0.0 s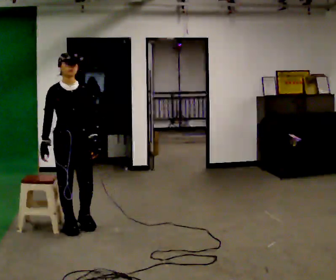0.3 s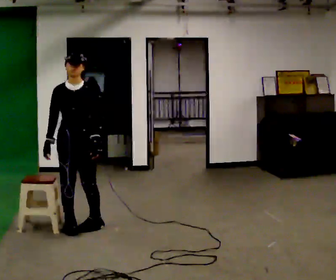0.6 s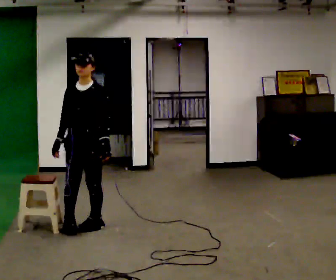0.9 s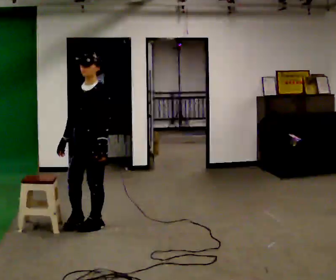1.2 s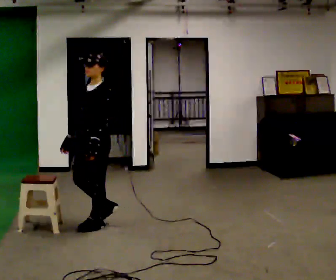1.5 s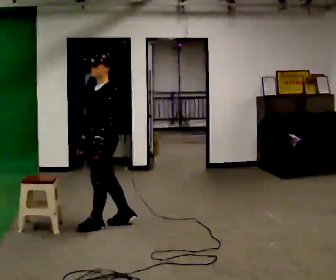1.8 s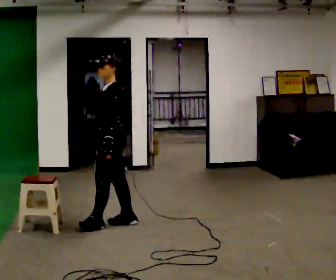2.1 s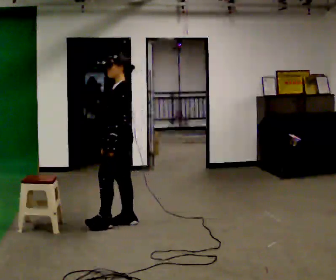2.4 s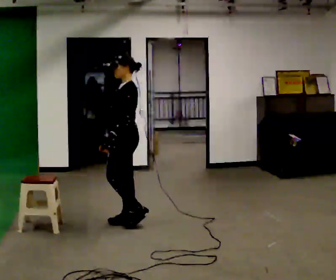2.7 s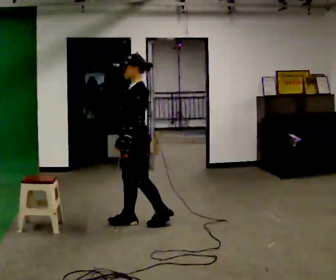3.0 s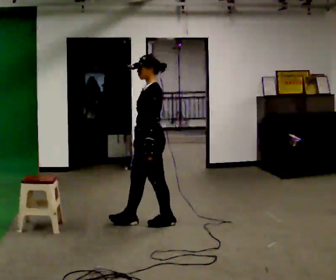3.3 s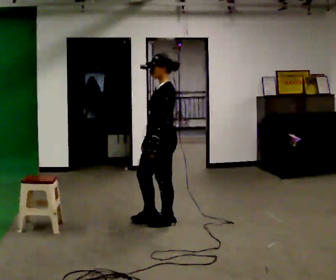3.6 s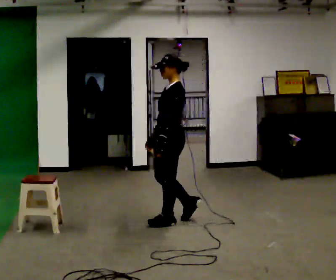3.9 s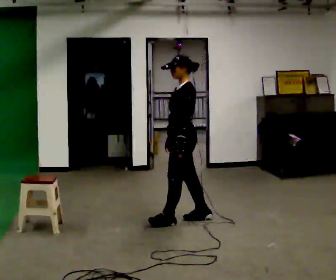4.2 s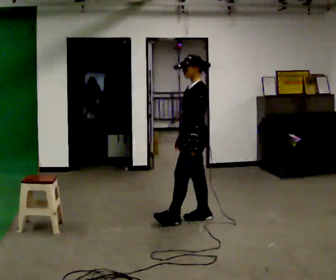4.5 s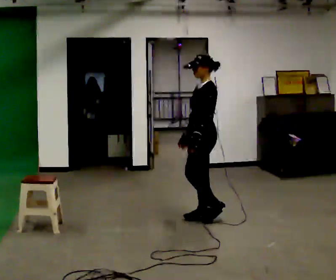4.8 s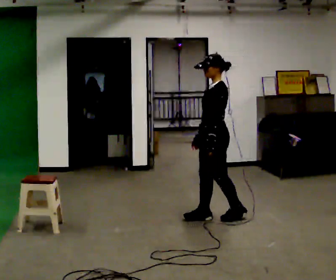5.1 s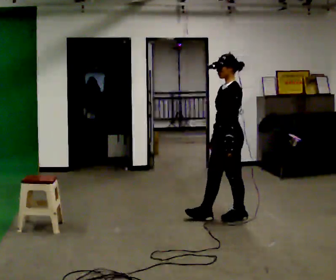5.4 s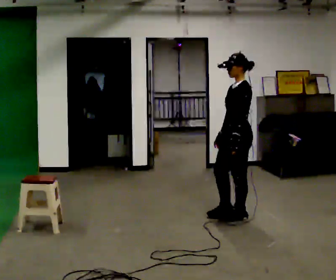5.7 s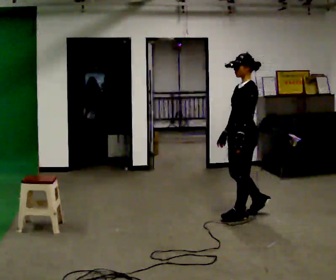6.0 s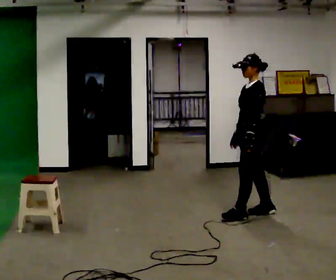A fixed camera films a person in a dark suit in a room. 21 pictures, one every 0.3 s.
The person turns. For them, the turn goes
to their right.
The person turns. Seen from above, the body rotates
clockwise.
0.0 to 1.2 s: Seen from above the body turns clockwise, about 75 degrees: to their right, with its near side sliding to the left. In the picture they go to the right, about 0.25 m in 1 step.
1.2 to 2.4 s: The person turns about 30 degrees to their right, clockwise seen from above, so the part of the body nearest the lens slides to the left. In the picture they go to the right and away from the camera, about 0.25 m in 1 step, which for them is backward.
2.4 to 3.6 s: In the picture they go to the right, about 0.5 m in 1 step, which for them is backward.
3.6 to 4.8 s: In the picture they go to the right, about 0.5 m in 1 step, which for them is backward.
4.8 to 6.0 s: In the picture they go to the right, about 0.5 m in 1 step, which for them is backward.
The film runs backward here.
